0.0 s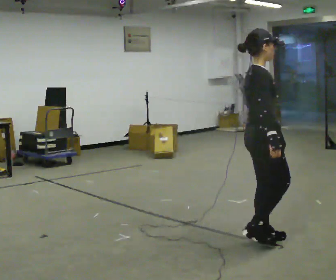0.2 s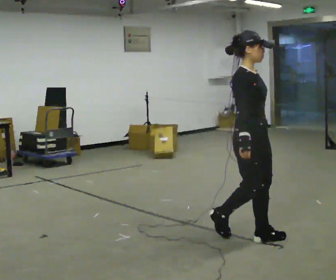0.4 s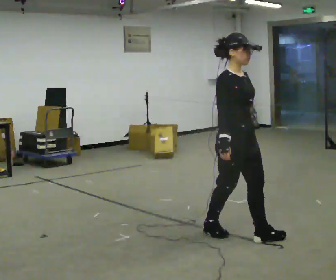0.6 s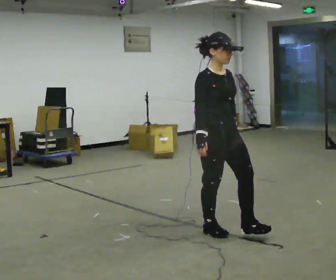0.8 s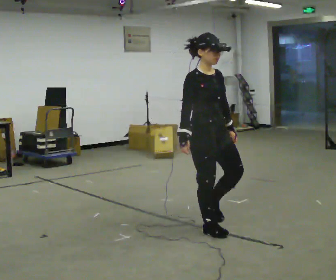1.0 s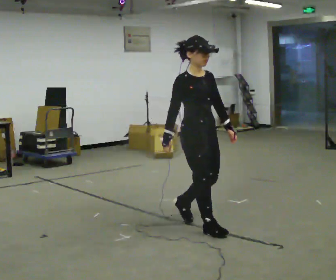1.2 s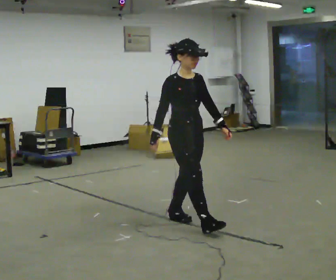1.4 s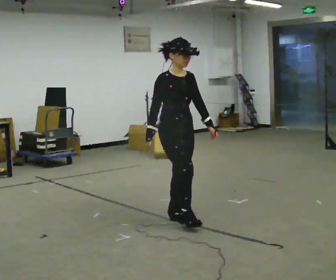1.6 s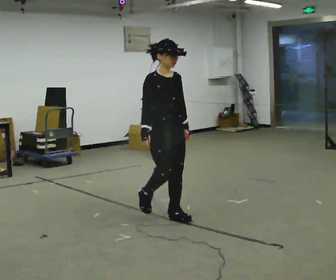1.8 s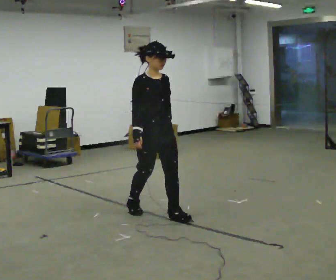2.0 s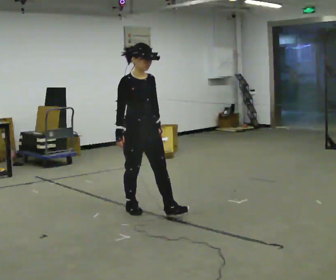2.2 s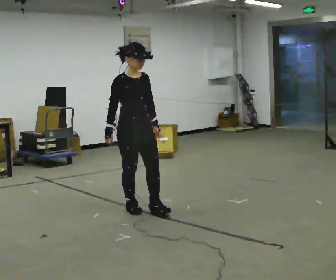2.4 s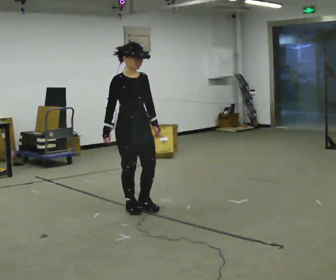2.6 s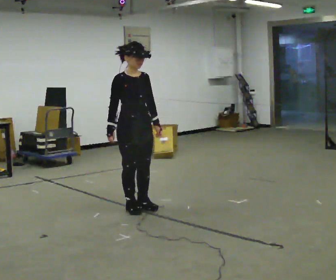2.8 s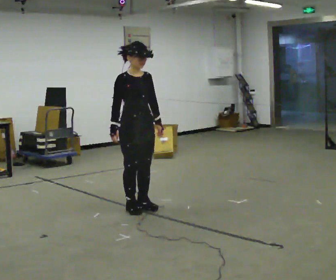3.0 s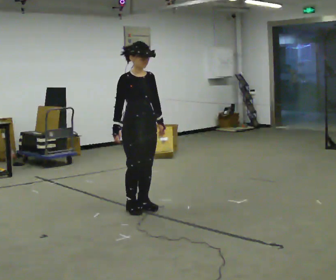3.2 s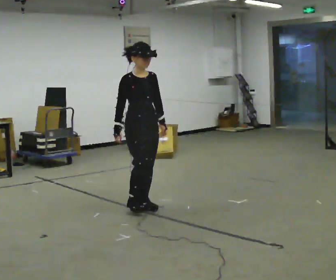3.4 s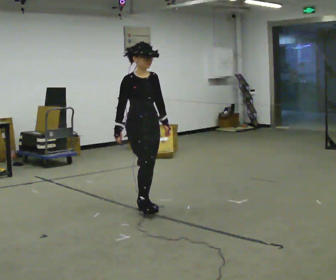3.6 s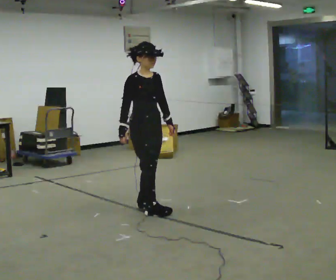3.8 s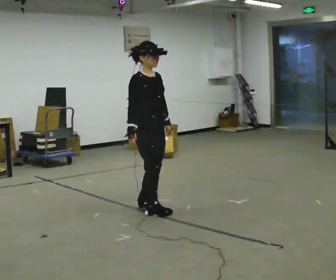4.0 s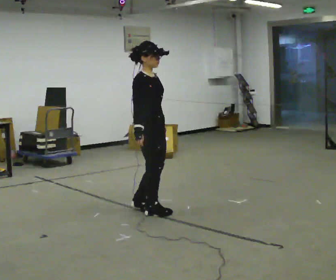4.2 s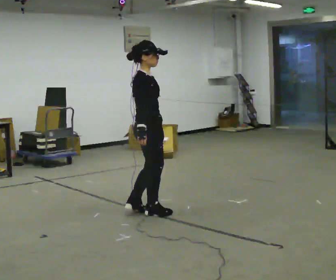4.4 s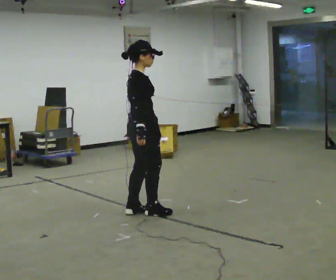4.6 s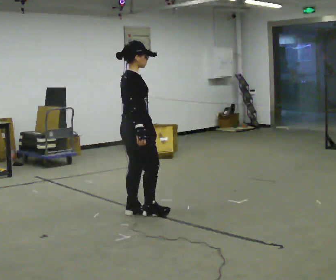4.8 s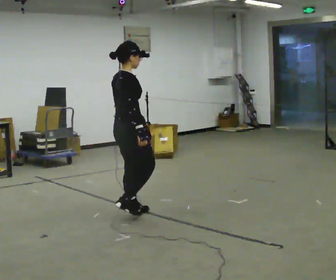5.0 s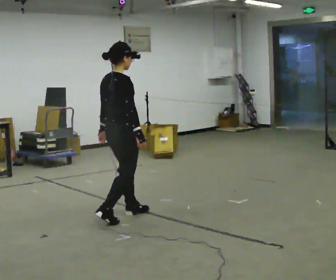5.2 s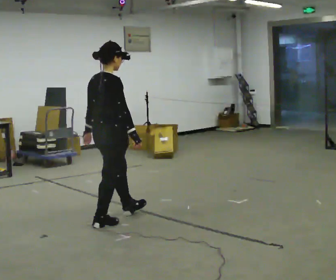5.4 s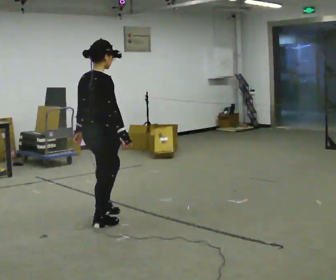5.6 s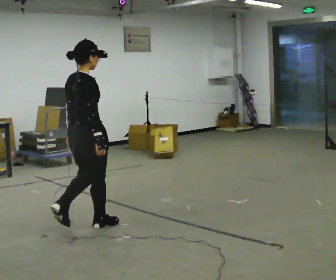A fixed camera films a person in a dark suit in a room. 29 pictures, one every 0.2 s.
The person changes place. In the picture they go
to the left.
0.0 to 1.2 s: The person turns about 45 degrees to their right, clockwise seen from above, so the part of the body nearest the lens slides to the left. In the picture they go away from the camera and to the left, about 0.5 m in 2 steps, which for them is backward.
1.2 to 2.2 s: In the picture they go away from the camera and to the left, about 0.75 m in 1 step, which for them is backward.
2.2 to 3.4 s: The person moves a little, or ends about where they began.
3.4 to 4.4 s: Seen from above the body turns counterclockwise, about 60 degrees: to their left, with its near side sliding to the right. In the picture they go toward the camera, about 0.25 m in 1 step.
4.4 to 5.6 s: Seen from above the body turns counterclockwise, about 30 degrees: to their left, with its near side sliding to the right. In the picture they go to the left and toward the camera, about 0.75 m in 2 steps, which for them is backward.
The film runs backward here.
